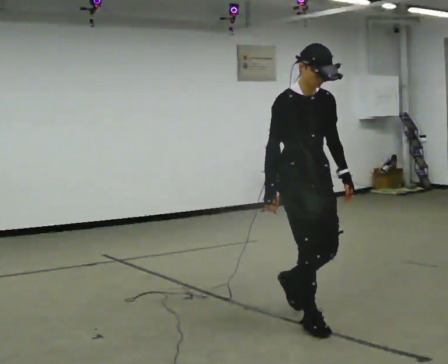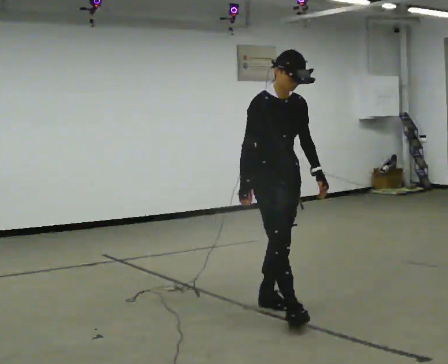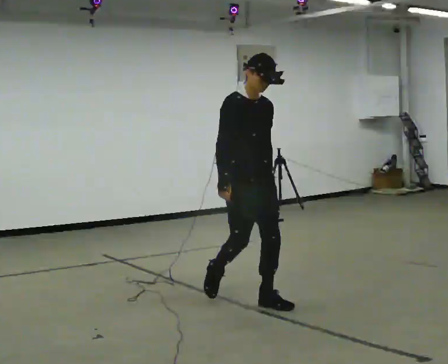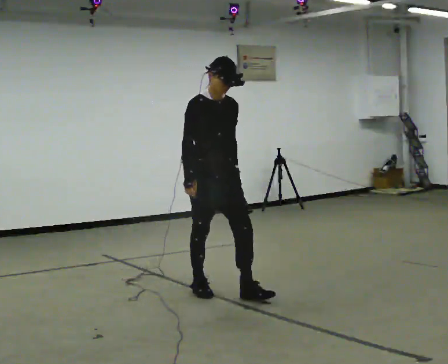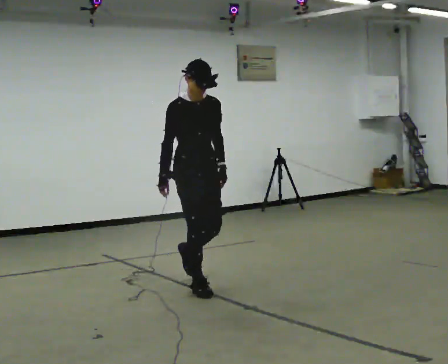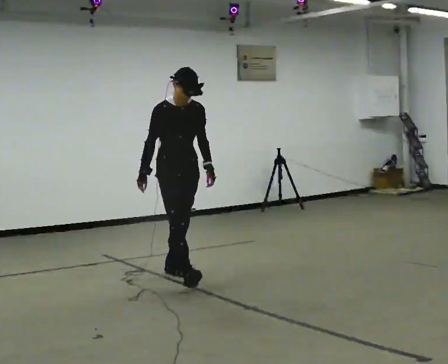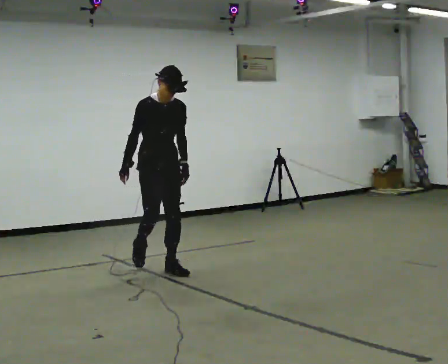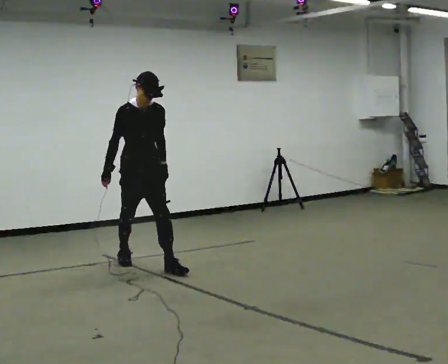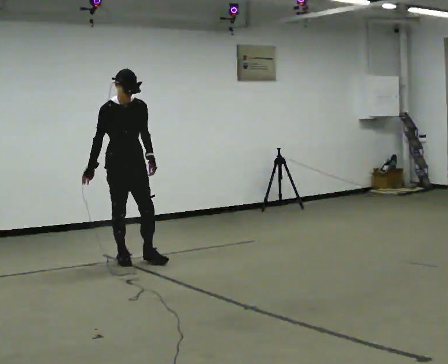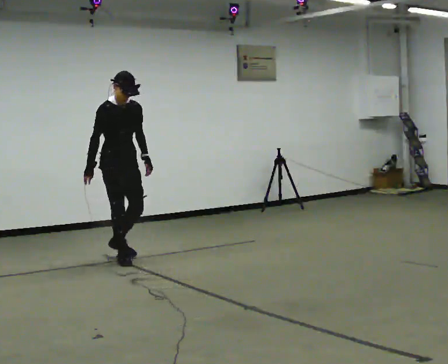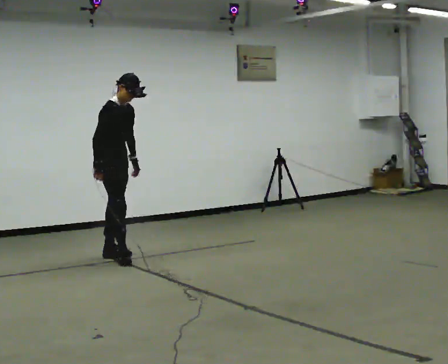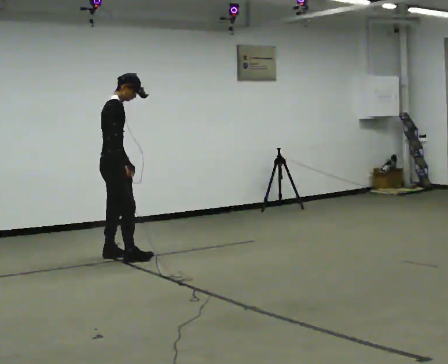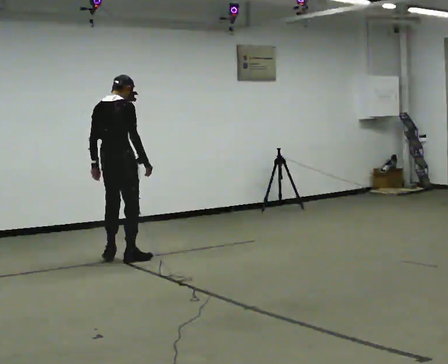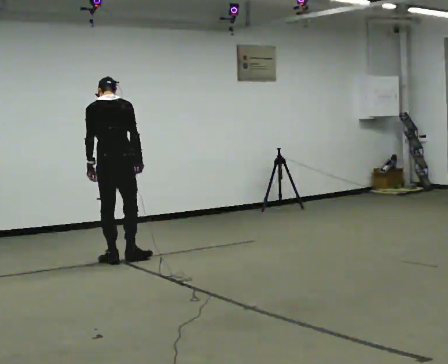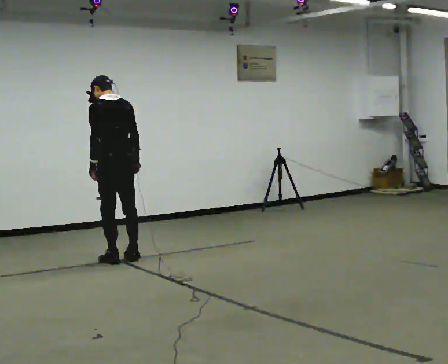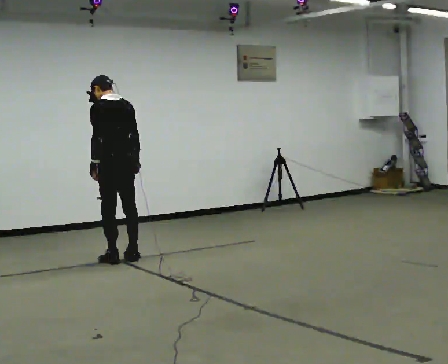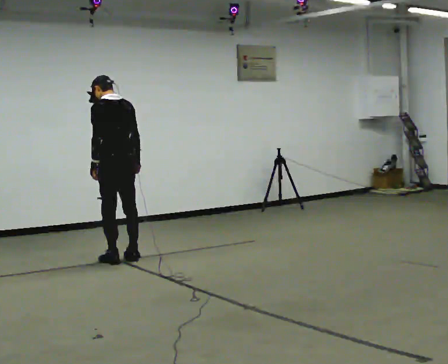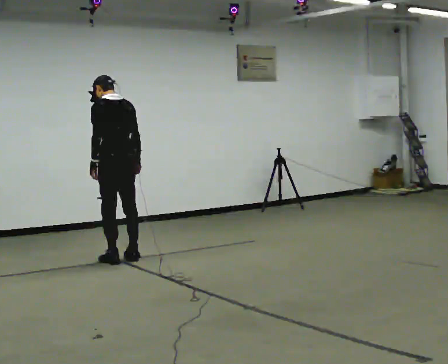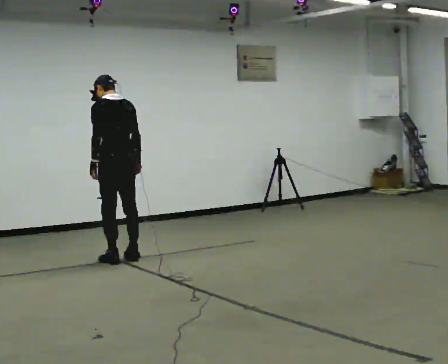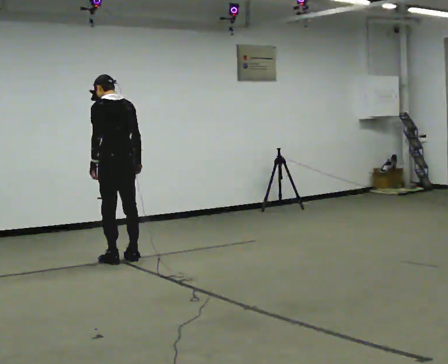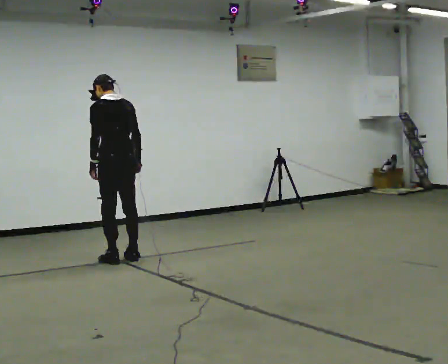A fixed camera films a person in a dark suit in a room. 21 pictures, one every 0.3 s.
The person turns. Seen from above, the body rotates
counterclockwise.
The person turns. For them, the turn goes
to their left.
0.0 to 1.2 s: In the picture they go away from the camera and to the left, about 1 m in 2 steps, which for them is backward.
1.2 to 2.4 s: In the picture they go away from the camera and to the left, about 1 m in 2 steps, which for them is backward.
2.4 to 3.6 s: The part of the body nearest the lens slides to the right as the person turns to their left by about 120 degrees. The upper body tips away from the camera, its near side rolling upward. In the picture their right hand goes to the right, the arm swinging counterclockwise.
3.6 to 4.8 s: The part of the body nearest the lens slides to the right as the person turns to their left by about 75 degrees.
4.8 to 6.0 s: The person keeps their place and pose.
The film runs backward here.
